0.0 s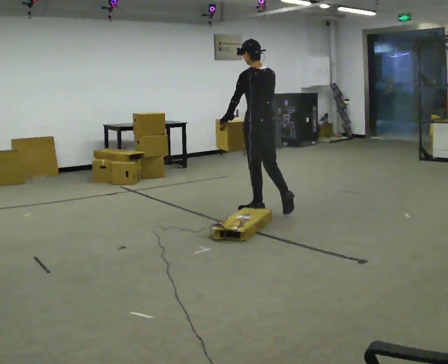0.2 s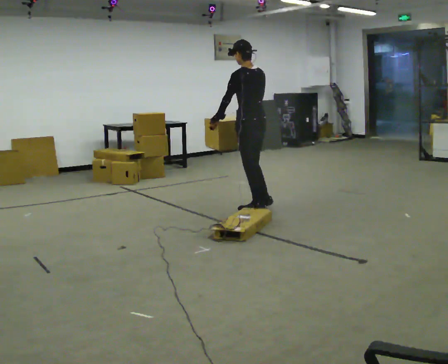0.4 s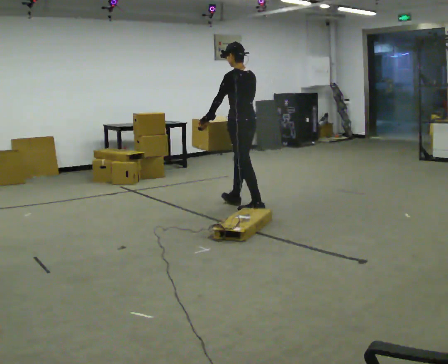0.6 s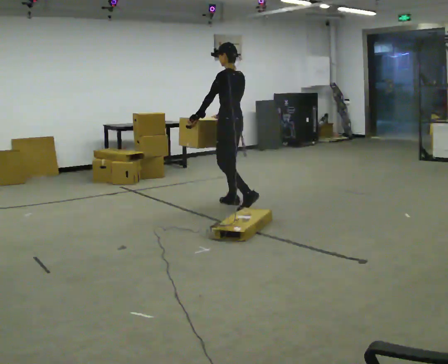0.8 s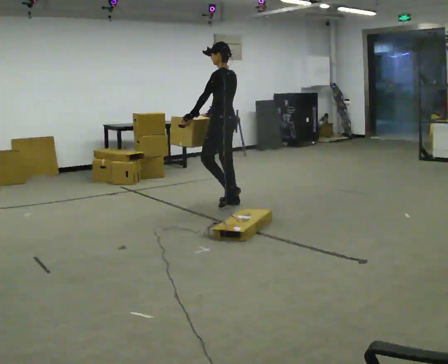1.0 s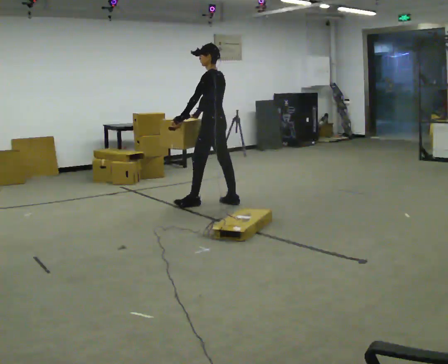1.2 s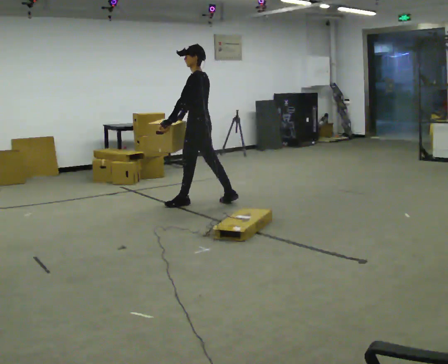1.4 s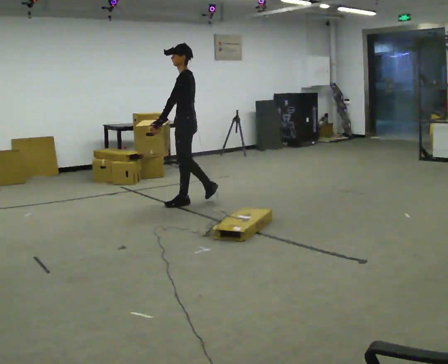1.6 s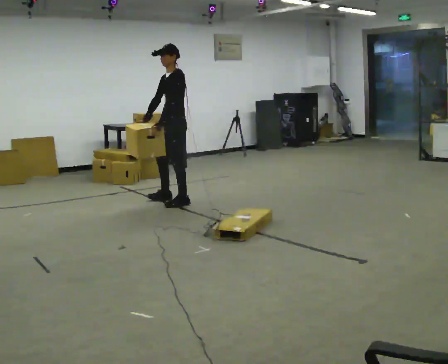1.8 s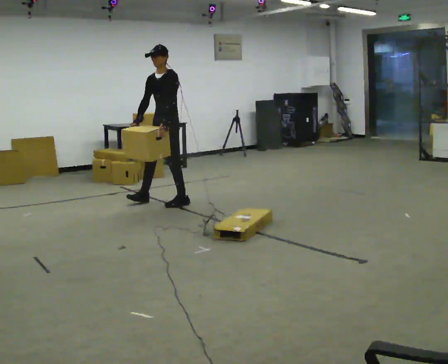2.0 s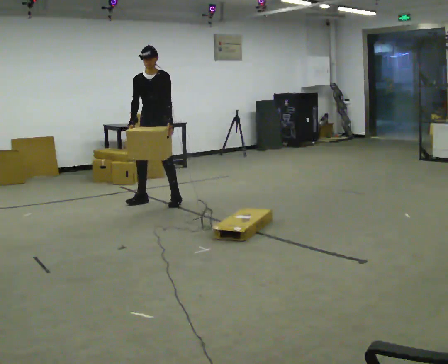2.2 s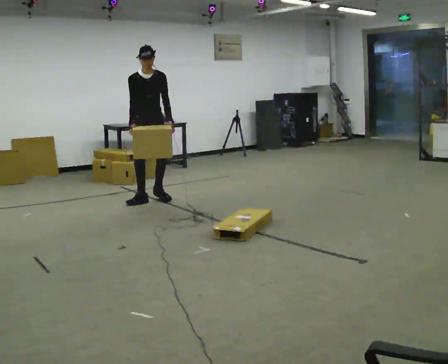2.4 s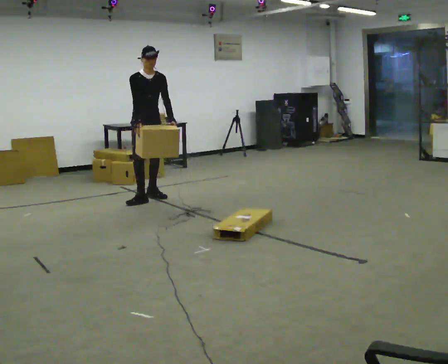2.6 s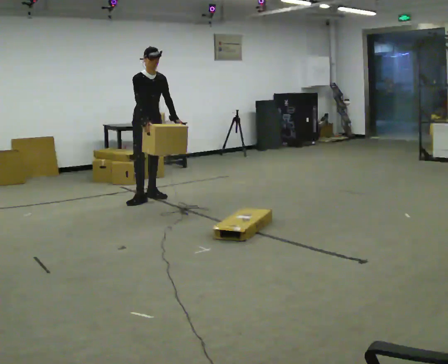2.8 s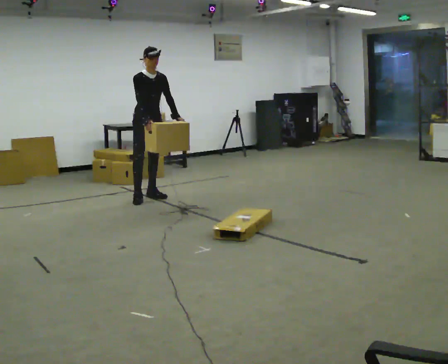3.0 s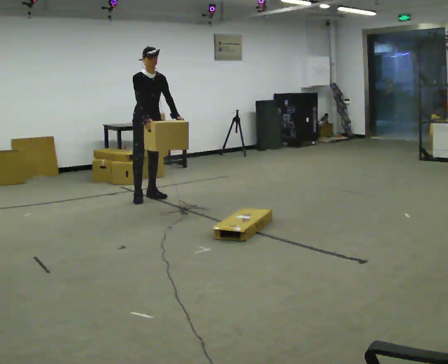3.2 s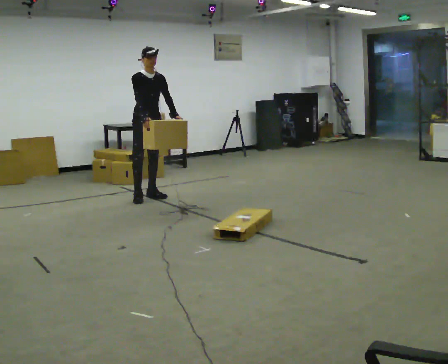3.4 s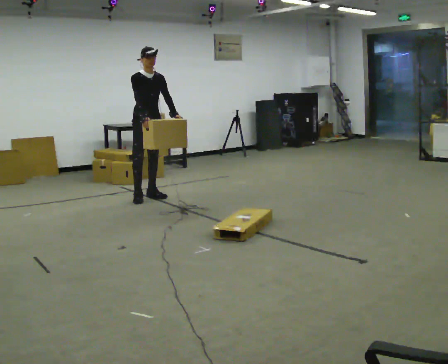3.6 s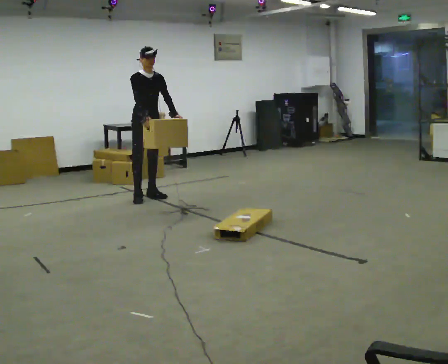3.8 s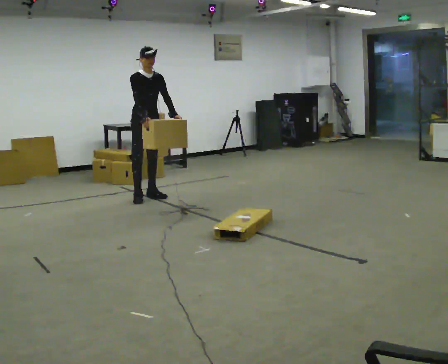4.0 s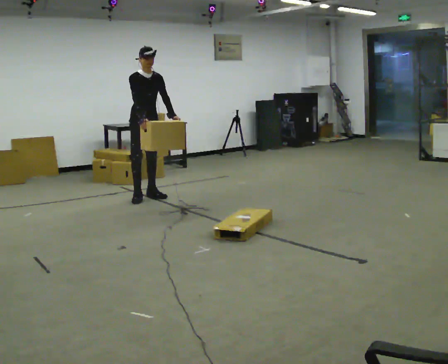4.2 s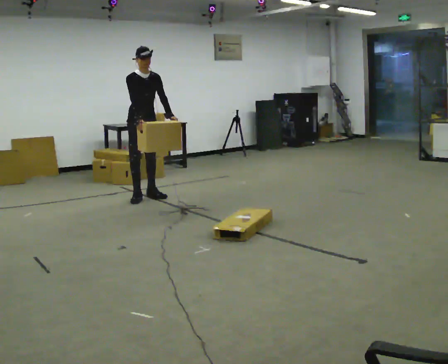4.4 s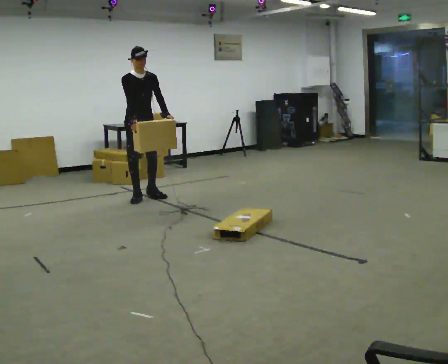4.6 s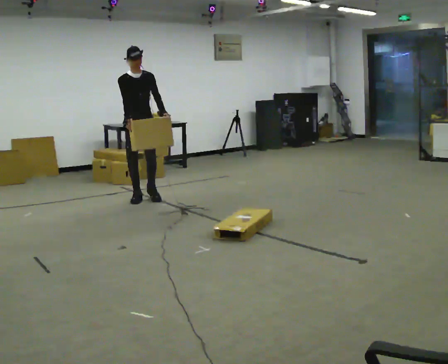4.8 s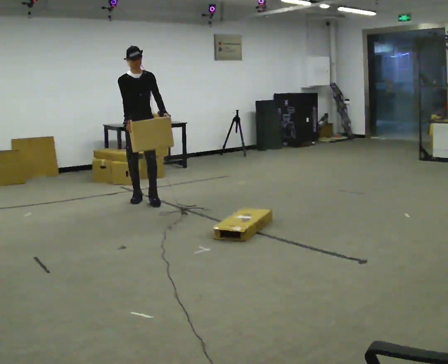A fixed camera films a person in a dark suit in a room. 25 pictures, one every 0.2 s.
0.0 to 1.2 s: The person turns about 45 degrees to their left, counterclockwise seen from above, so the part of the body nearest the lens slides to the right. In the picture they go away from the camera and to the left, about 1 m in 2 steps, which for them is forward.
1.2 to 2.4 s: Seen from above the body turns counterclockwise, about 135 degrees: to their left, with its near side sliding to the right. In the picture they go to the left and away from the camera, about 0.5 m in 2 steps.
2.4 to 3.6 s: The person moves a little, or ends about where they began.
3.6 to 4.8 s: In the picture they go toward the camera, about 0.25 m, which for them is forward.
The film runs forward here.
